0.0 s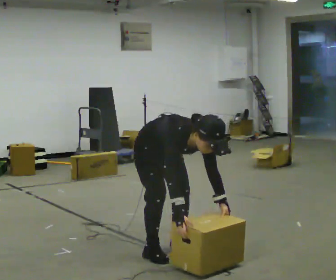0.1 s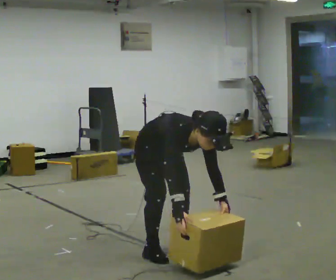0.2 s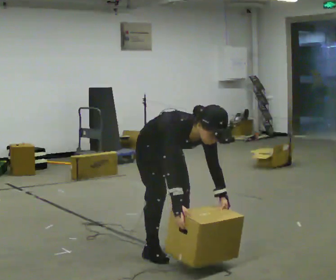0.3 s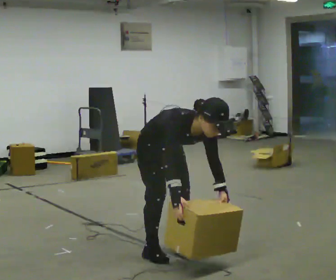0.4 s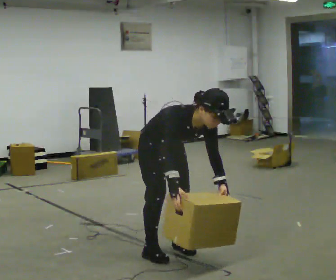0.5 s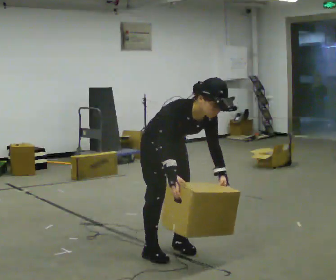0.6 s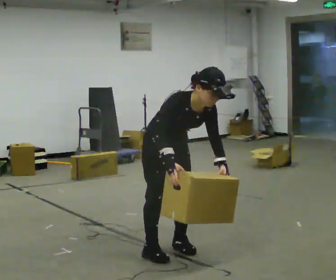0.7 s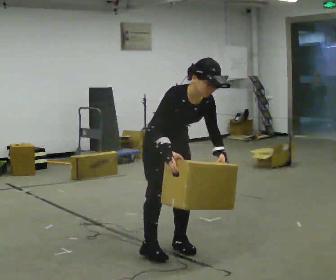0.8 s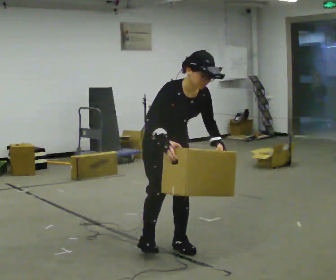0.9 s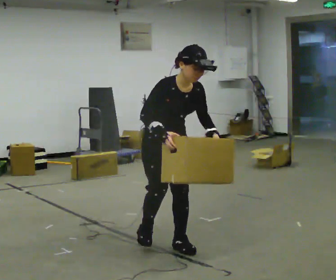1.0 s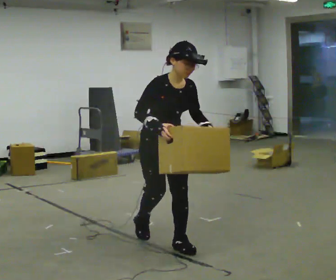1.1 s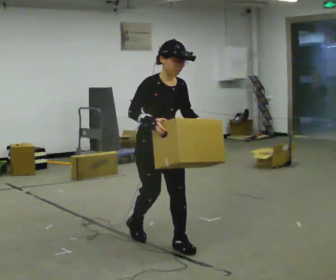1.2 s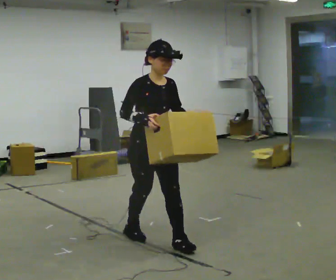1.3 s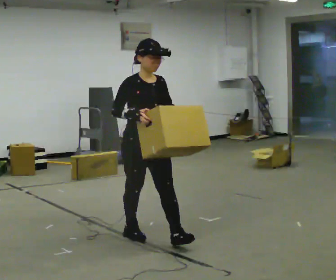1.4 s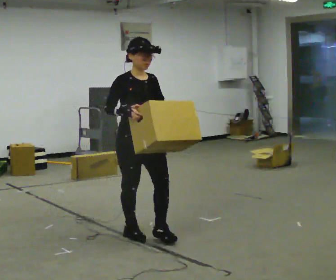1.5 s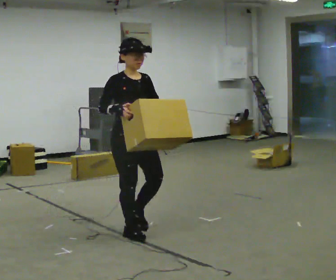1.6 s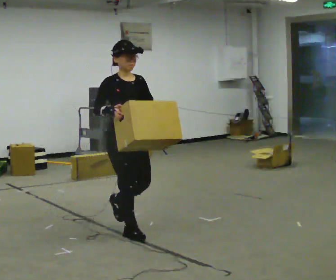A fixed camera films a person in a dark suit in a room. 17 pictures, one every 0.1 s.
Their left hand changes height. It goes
upward.
Their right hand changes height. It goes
upward.
0.0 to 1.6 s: In the picture they go away from the camera and to the left, about 0.5 m in 2 steps, which for them is backward. The shoulders move upward. The upper body tips away from the camera, its near side rolling upward, as they lean back or straighten. In the picture their right hand goes upward.
The film runs backward here.
